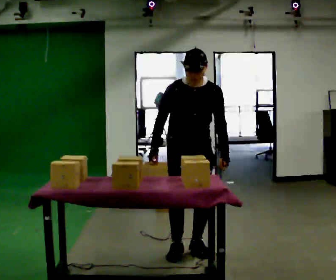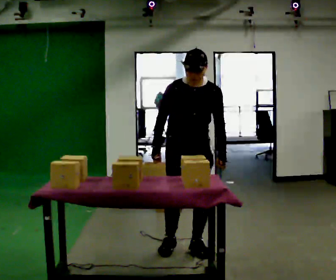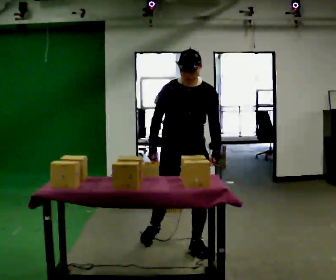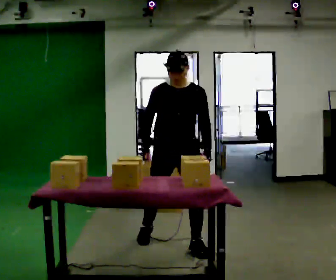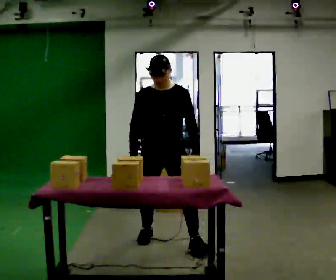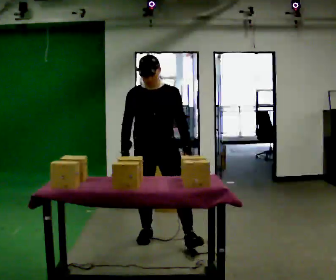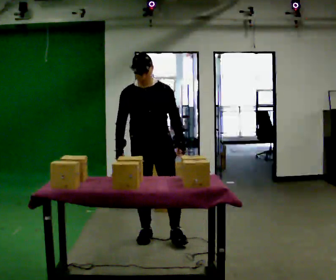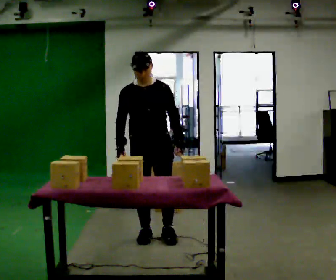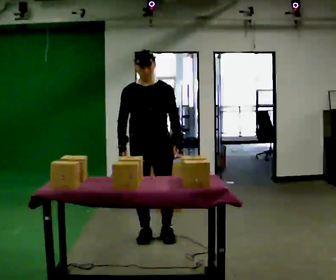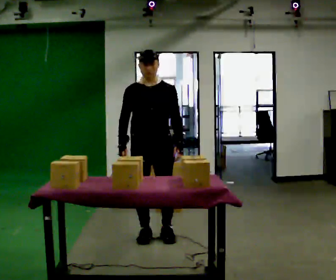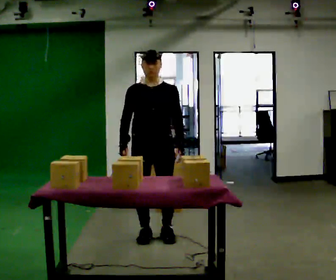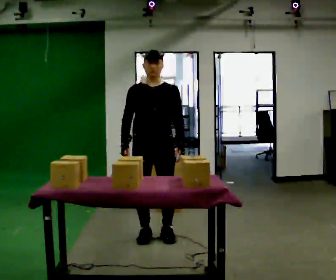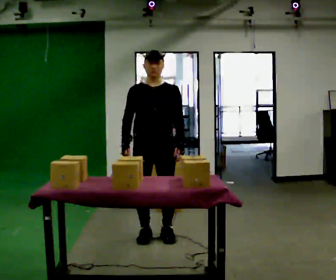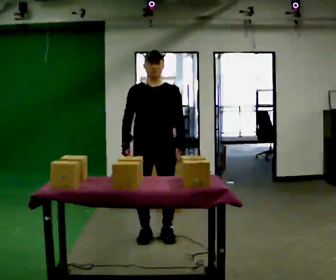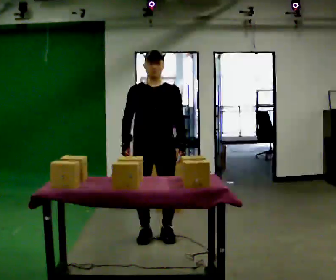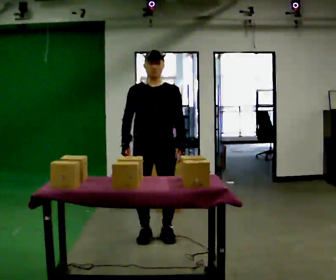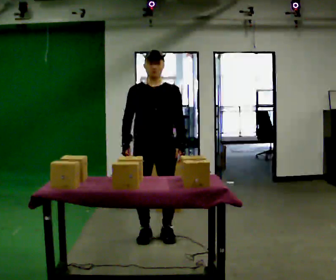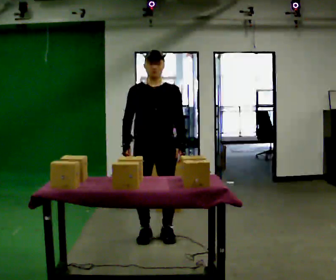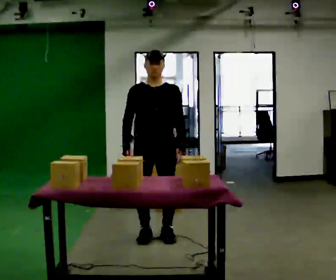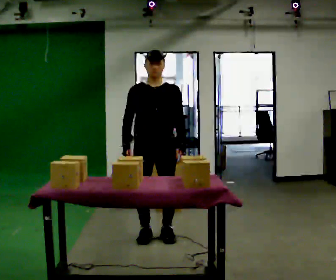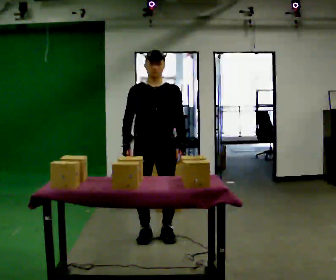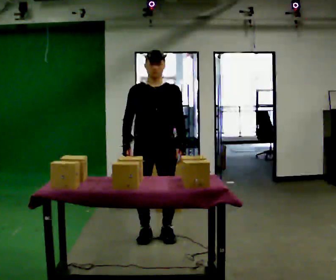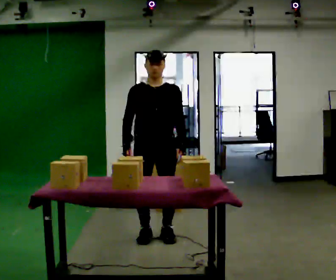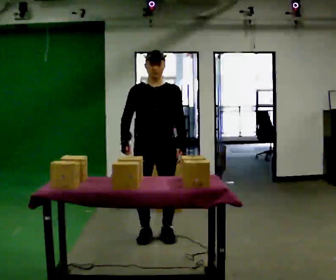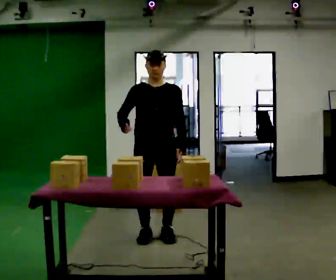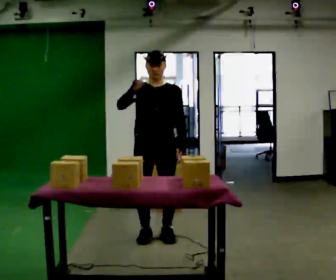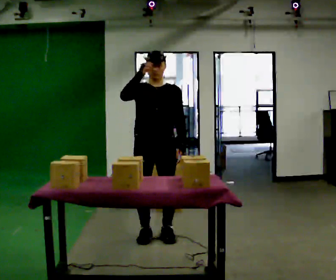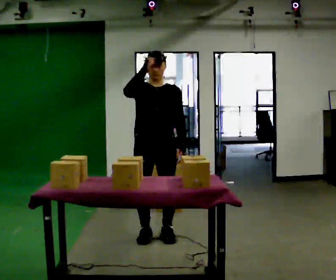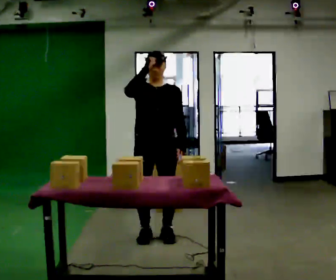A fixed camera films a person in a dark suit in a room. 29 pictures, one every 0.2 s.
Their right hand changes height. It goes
upward.
0.0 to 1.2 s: In the picture they go away from the camera and to the left, about 0.5 m in 1 step, which for them is backward and to their right.
1.2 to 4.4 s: The person moves a little, or ends about where they began.
4.4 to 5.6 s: In the picture their right hand goes upward.
The film runs forward here.
